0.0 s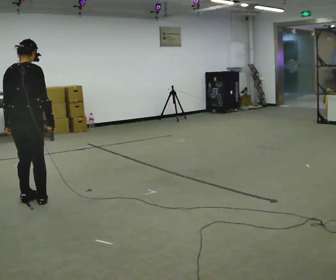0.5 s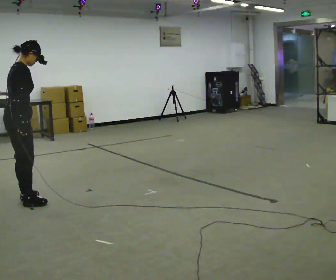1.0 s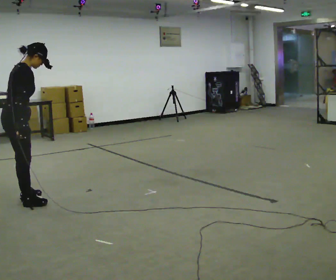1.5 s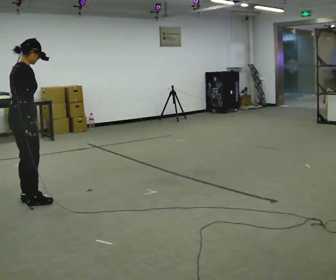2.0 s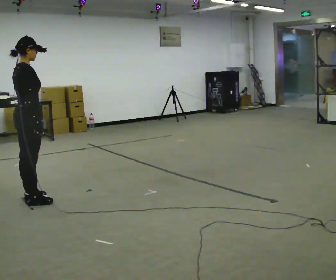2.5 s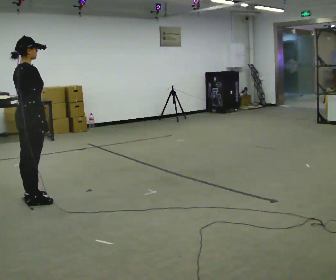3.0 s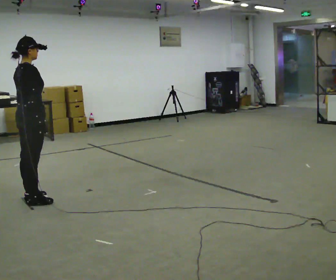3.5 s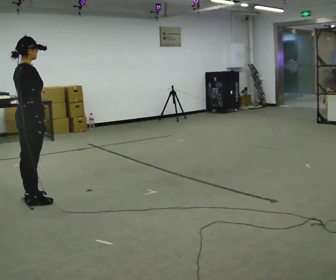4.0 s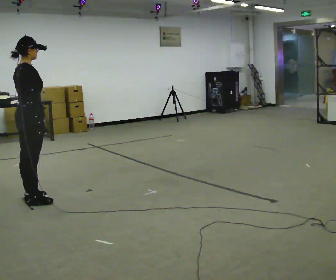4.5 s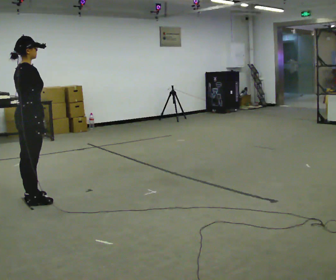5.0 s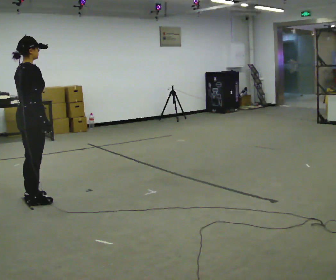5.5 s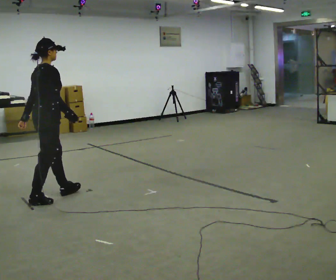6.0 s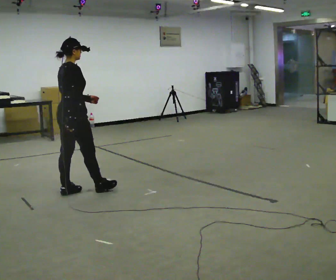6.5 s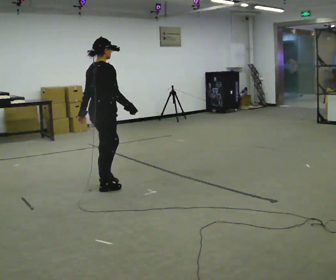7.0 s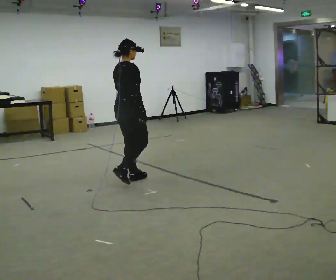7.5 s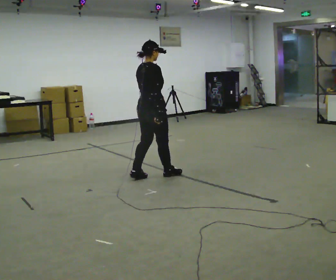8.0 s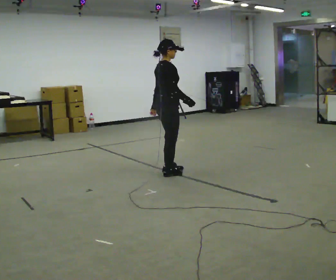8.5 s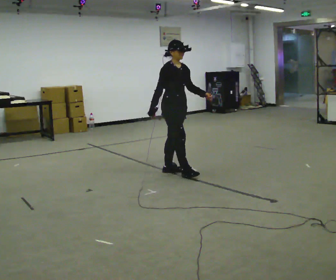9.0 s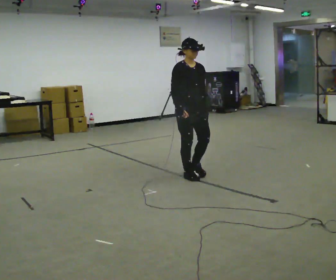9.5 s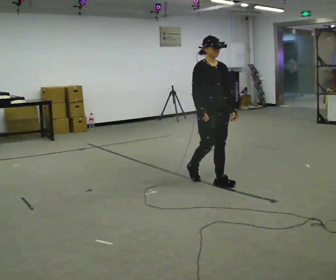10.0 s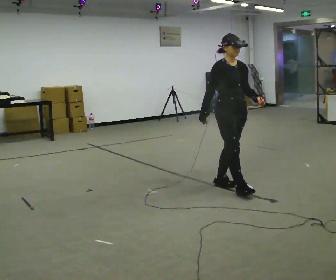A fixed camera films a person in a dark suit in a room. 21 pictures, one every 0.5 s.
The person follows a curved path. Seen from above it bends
clockwise.
The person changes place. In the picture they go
to the right.
0.0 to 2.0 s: The part of the body nearest the lens slides to the left as the person turns to their right by about 30 degrees.
2.0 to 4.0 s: The person moves a little, or ends about where they began.
4.0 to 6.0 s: In the picture they go to the right and away from the camera, about 0.5 m in 1 step, which for them is forward.
6.0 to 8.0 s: The part of the body nearest the lens slides to the left as the person turns to their right by about 30 degrees. In the picture they go to the right, about 1 m in 4 steps, which for them is forward.
8.0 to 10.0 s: Seen from above the body turns clockwise, about 60 degrees: to their right, with its near side sliding to the left. In the picture they go toward the camera and to the right, about 1 m in 3 steps.
The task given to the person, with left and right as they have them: Walk; turn 90° left/right; walk several steps; stop.
The film runs forward here.
